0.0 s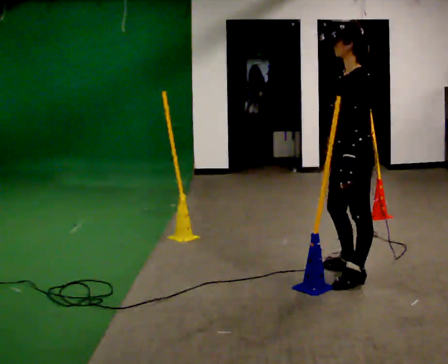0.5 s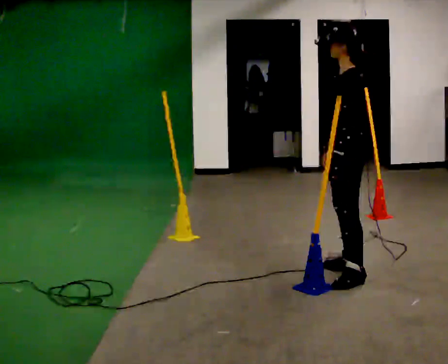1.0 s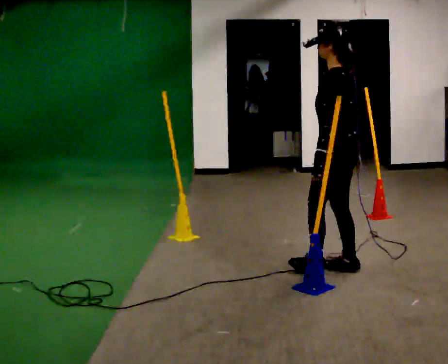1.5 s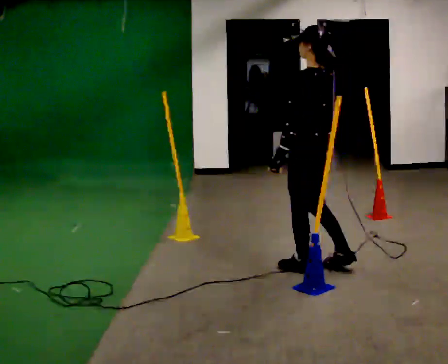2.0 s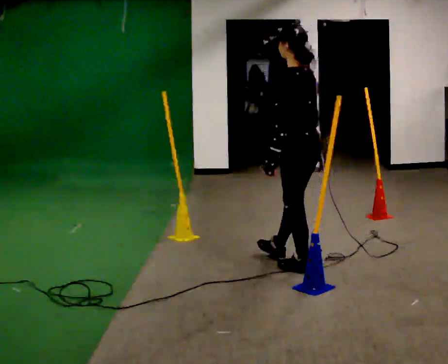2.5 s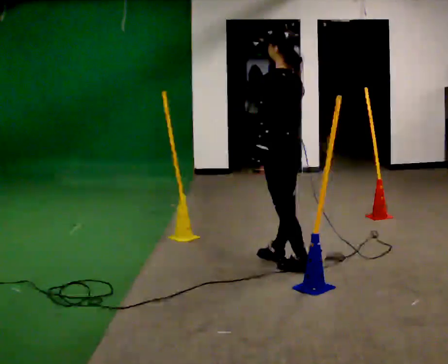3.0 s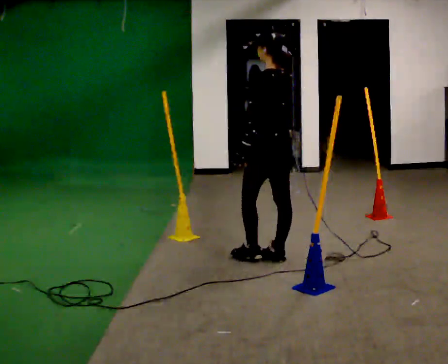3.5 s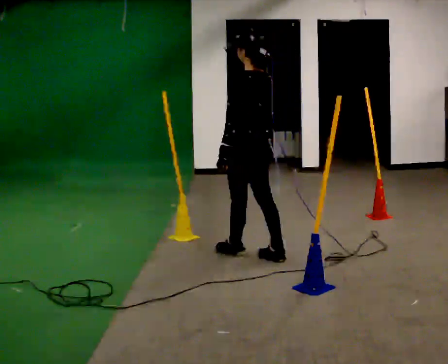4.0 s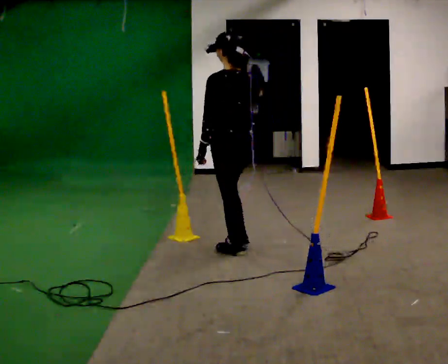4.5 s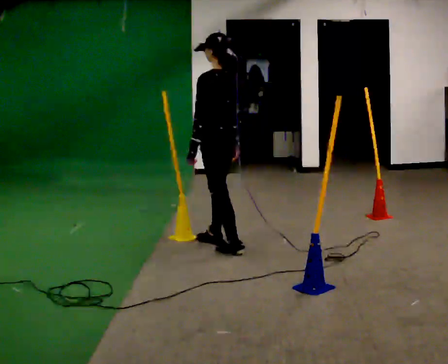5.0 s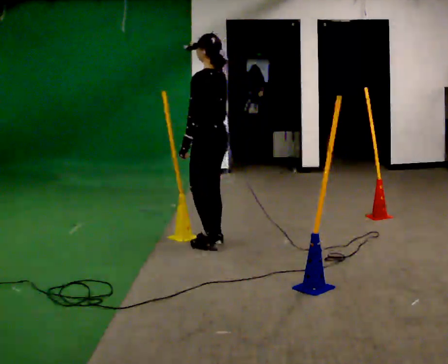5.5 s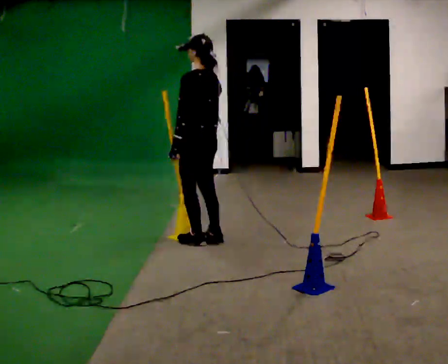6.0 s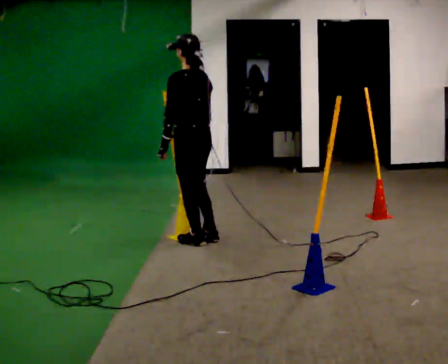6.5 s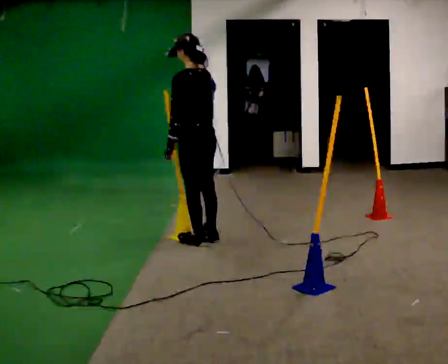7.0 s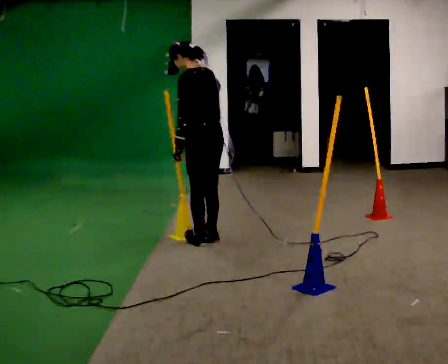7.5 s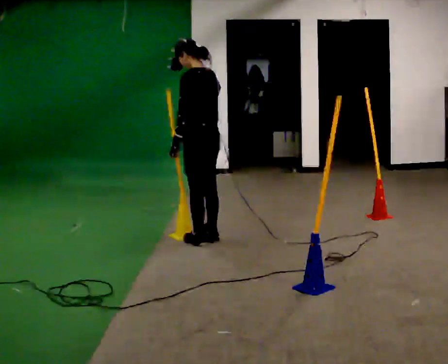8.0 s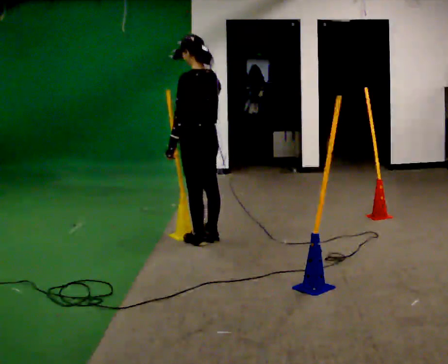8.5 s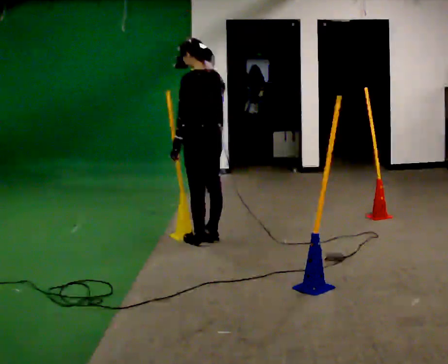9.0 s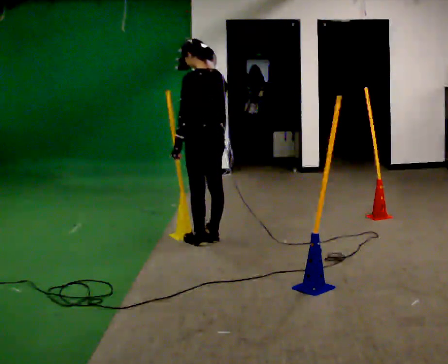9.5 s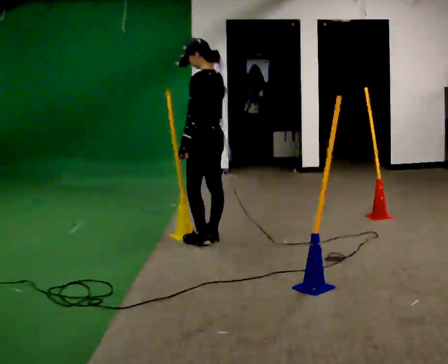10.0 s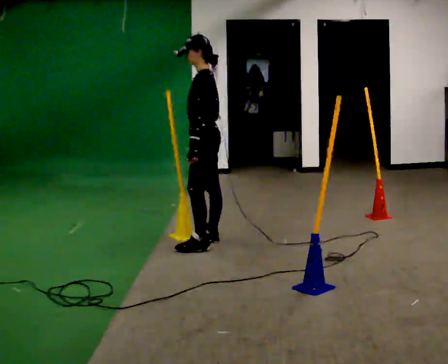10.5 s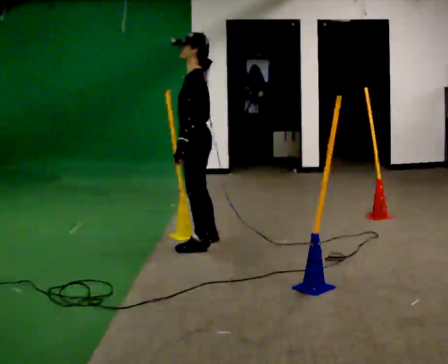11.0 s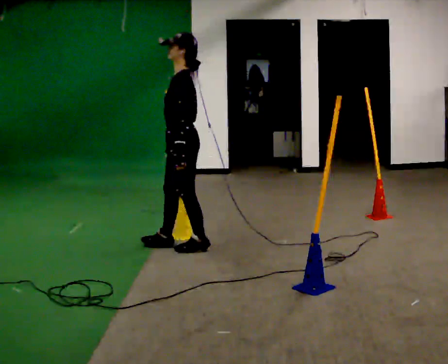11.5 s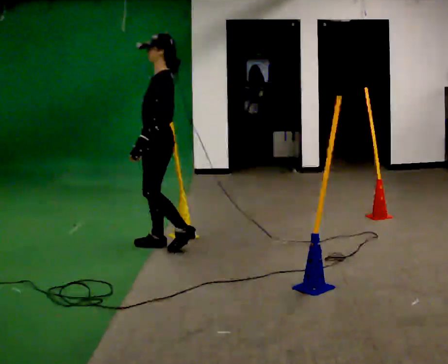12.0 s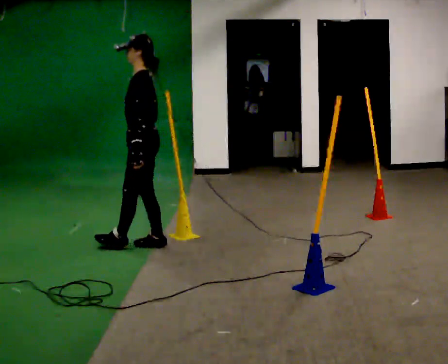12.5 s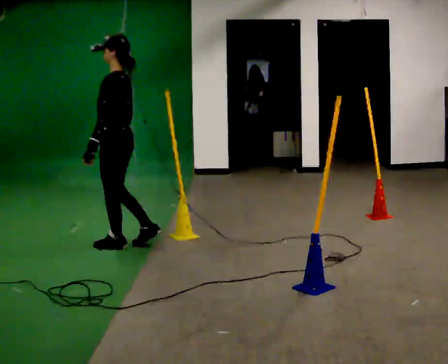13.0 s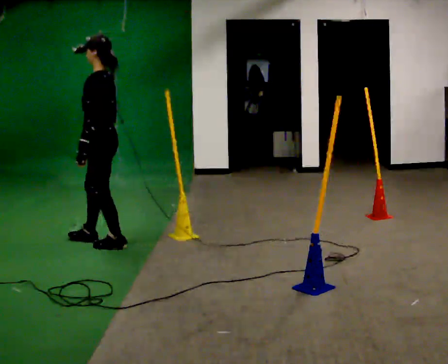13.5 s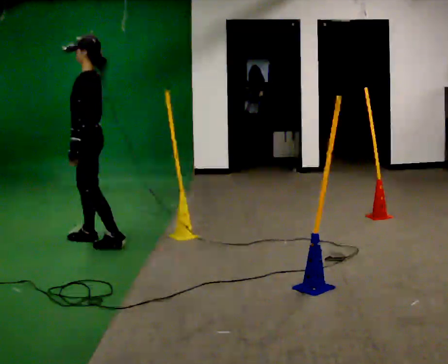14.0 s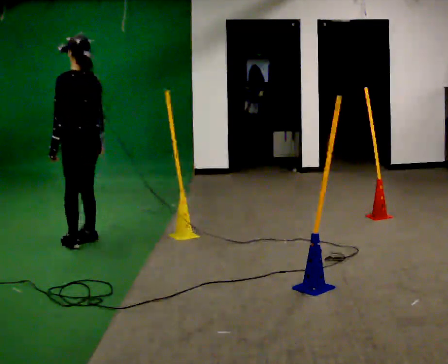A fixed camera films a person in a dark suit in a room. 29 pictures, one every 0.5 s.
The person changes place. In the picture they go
to the left.
0.0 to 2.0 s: Seen from above the body turns clockwise, about 30 degrees: to their right, with its near side sliding to the left. In the picture they go to the left and away from the camera, about 0.5 m in 2 steps, which for them is forward.
2.0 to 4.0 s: In the picture they go to the left and away from the camera, about 0.5 m in 1 step, which for them is forward.
4.0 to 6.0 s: In the picture they go away from the camera and to the left, about 0.5 m in 2 steps, which for them is forward.
6.0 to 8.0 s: The person moves a little, or ends about where they began.
8.0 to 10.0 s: The person turns about 45 degrees to their left, counterclockwise seen from above, so the part of the body nearest the lens slides to the right.
10.0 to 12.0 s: In the picture they go to the left, about 0.5 m in 2 steps, which for them is forward.
12.0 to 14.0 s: The part of the body nearest the lens slides to the left as the person turns to their right by about 45 degrees. In the picture they go to the left, about 0.5 m in 2 steps, which for them is forward.
The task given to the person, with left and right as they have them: Walk back and forth across the room at a normal pace, looking ahead. There may be something on the floor. Recover however comes naturally and carry on.
The film runs forward here.
